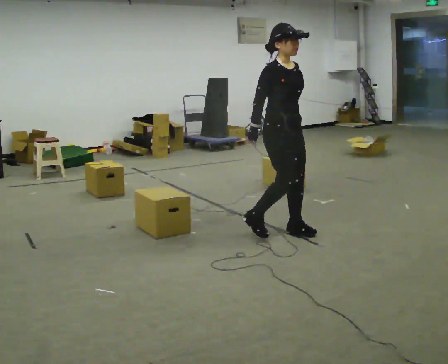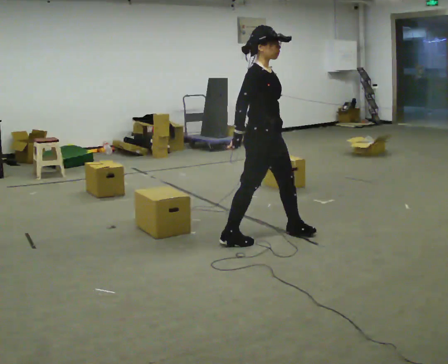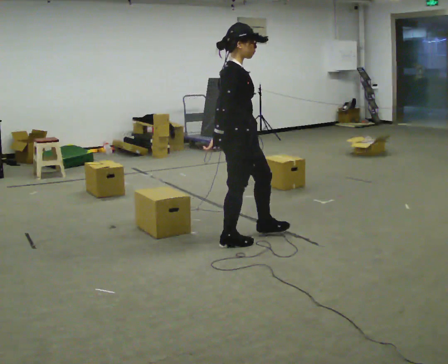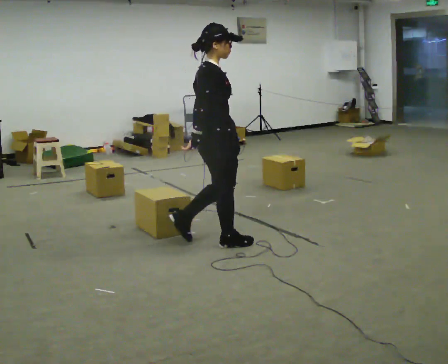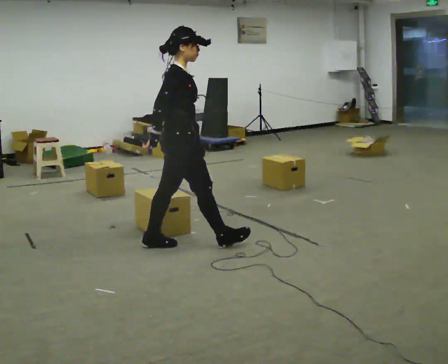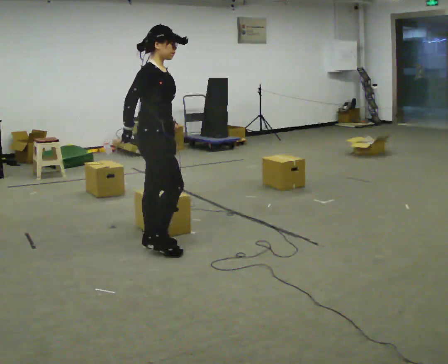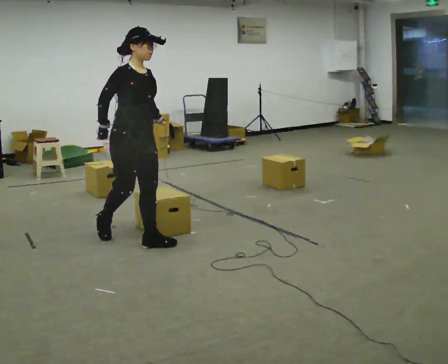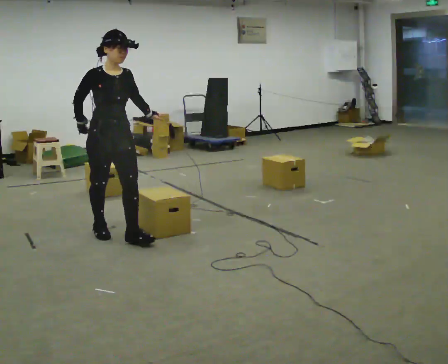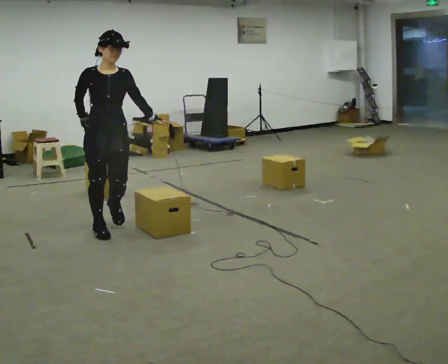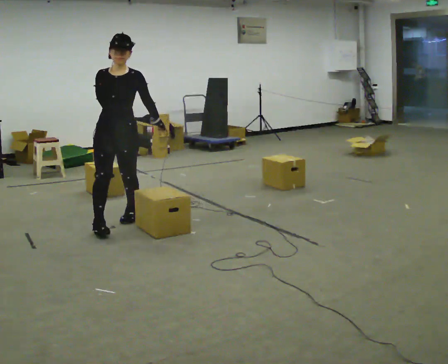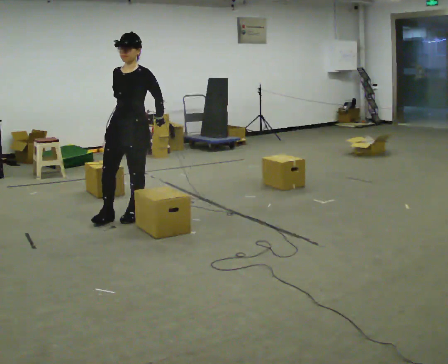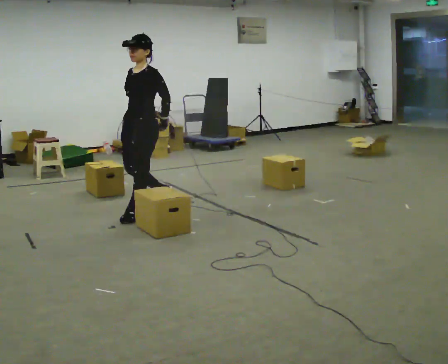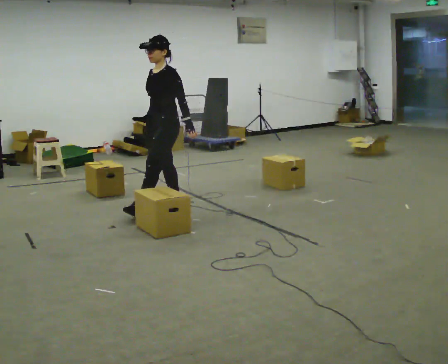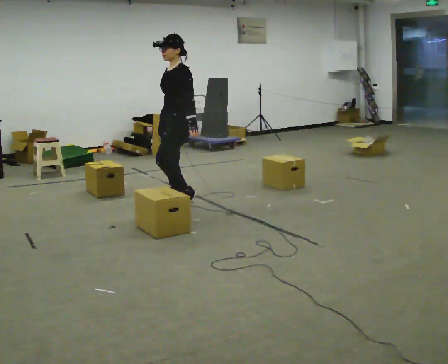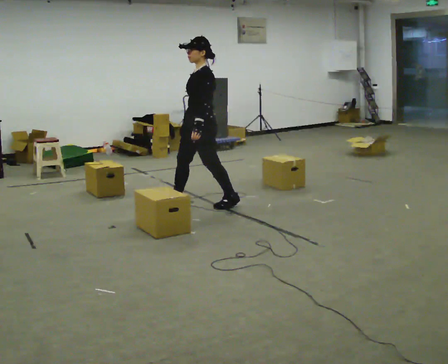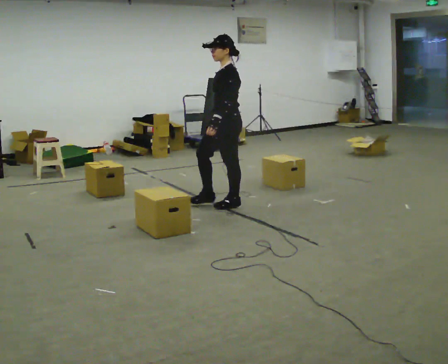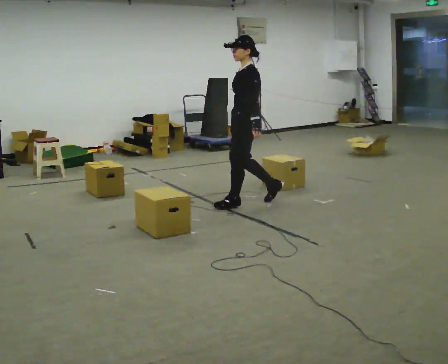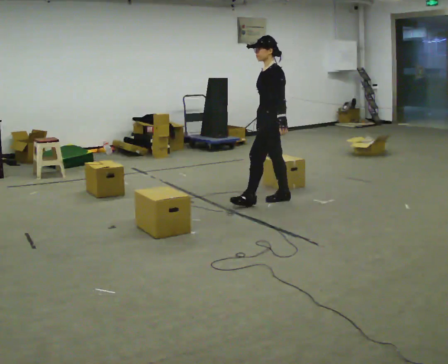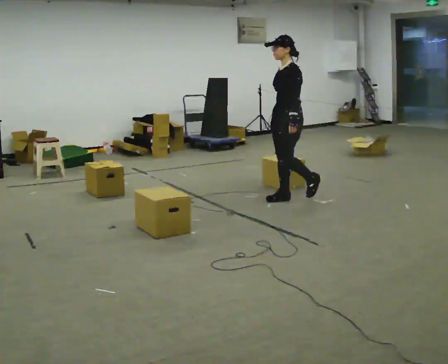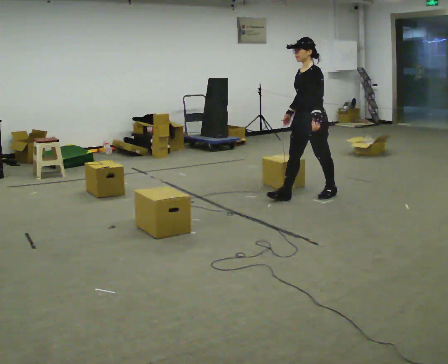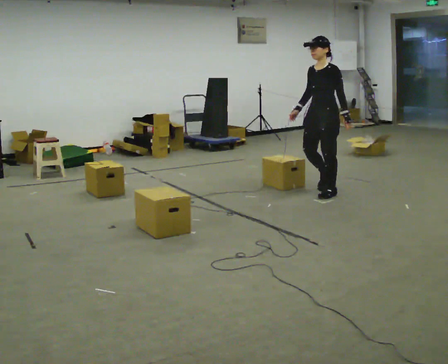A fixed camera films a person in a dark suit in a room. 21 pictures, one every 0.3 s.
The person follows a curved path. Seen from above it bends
clockwise.
0.0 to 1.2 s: The person turns about 45 degrees to their left, counterclockwise seen from above, so the part of the body nearest the lens slides to the right. In the picture they go to the left, about 1 m in 2 steps, which for them is backward.
1.2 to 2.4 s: The part of the body nearest the lens slides to the left as the person turns to their right by about 75 degrees. In the picture they go to the left and away from the camera, about 0.75 m in 1 step.
2.4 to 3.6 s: The person turns about 75 degrees to their right, clockwise seen from above, so the part of the body nearest the lens slides to the left. In the picture they go away from the camera and to the right, about 0.5 m in 2 steps.
3.6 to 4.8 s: Seen from above the body turns clockwise, about 30 degrees: to their right, with its near side sliding to the left. In the picture they go to the right, about 1 m in 1 step, which for them is backward.
4.8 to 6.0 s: The person turns about 30 degrees to their left, counterclockwise seen from above, so the part of the body nearest the lens slides to the right. In the picture they go to the right, about 1 m in 2 steps, which for them is backward.
The film runs backward here.
